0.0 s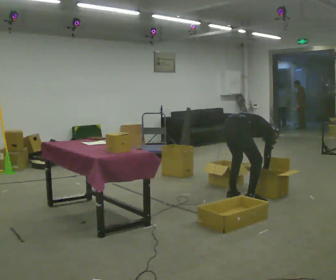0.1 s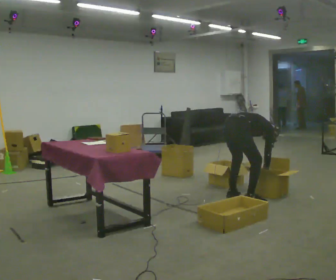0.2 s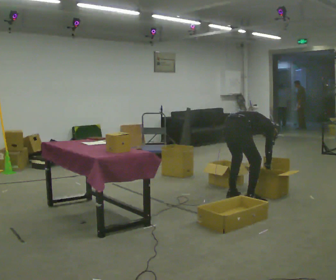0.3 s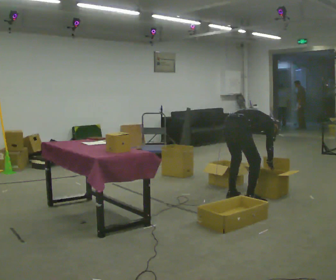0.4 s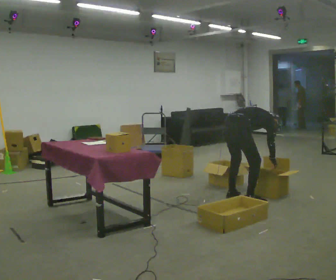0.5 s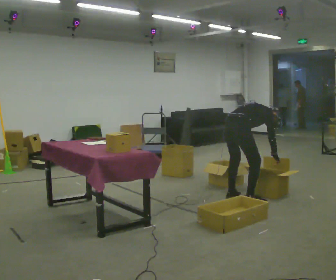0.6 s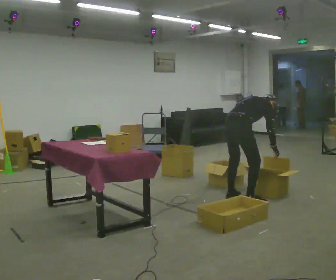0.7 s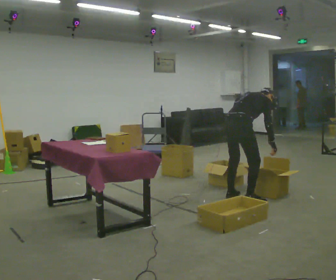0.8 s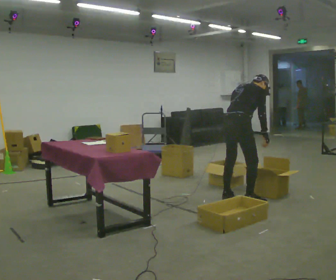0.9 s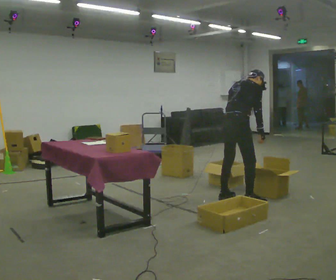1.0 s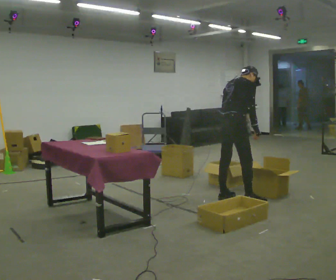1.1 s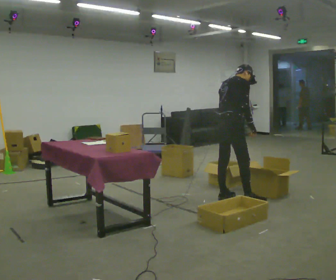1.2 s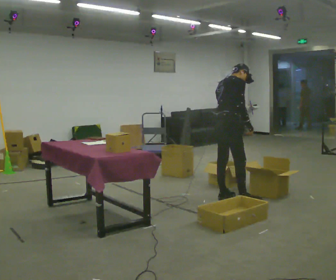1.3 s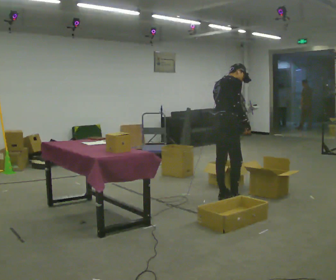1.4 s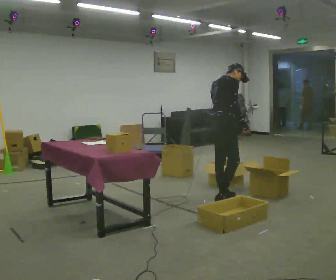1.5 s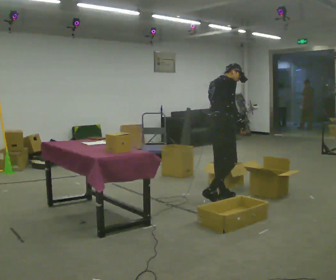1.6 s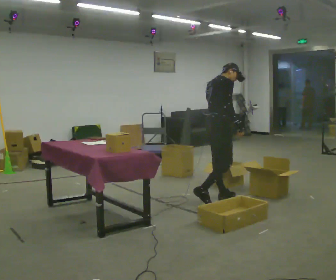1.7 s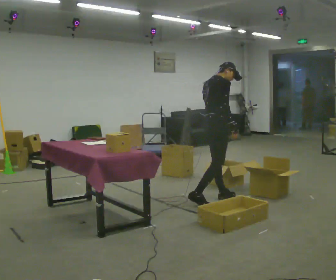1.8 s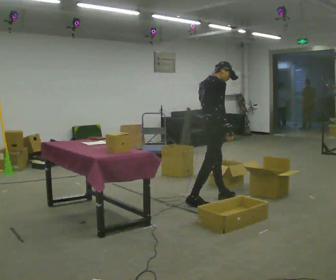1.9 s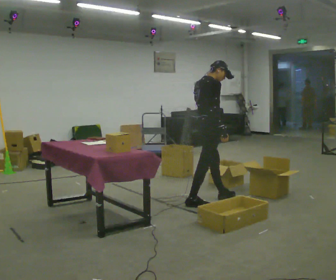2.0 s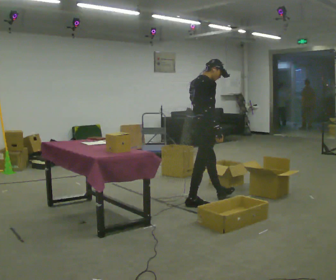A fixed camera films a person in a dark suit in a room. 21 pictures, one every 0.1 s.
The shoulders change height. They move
upward.
Their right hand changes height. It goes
upward.
0.0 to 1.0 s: The shoulders move upward. In the picture the upper body tilts counterclockwise, shoulders to the left, as they lean back or straighten. In the picture their right hand goes upward.
1.0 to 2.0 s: In the picture they go to the left, about 0.25 m in 2 steps, which for them is backward. In the picture the upper body tilts counterclockwise, shoulders to the left, as they lean back or straighten. In the picture their left hand goes upward.
The film runs backward here.
